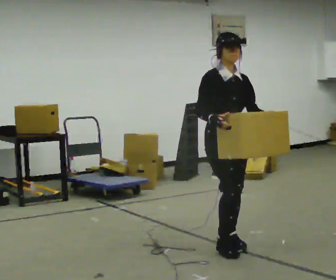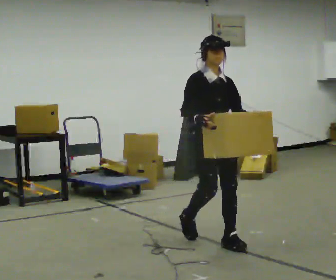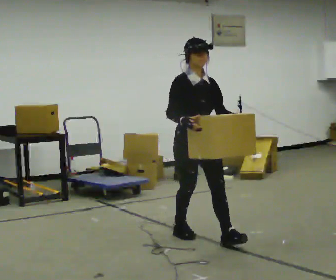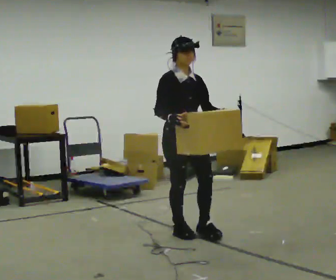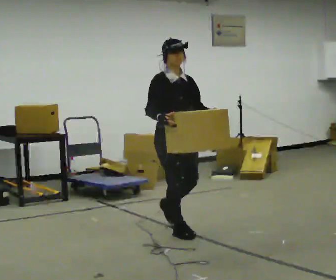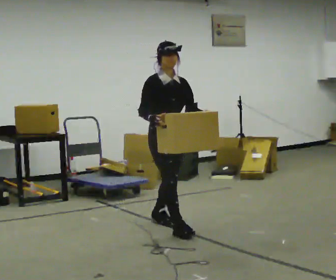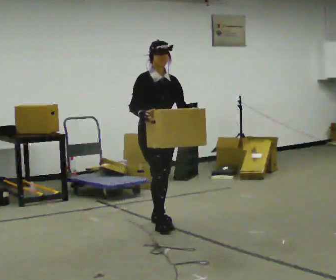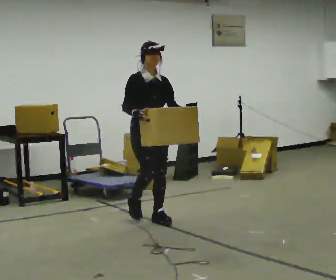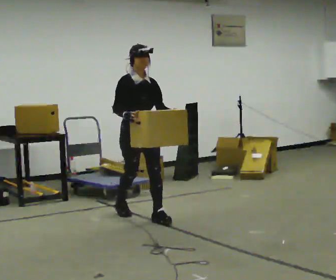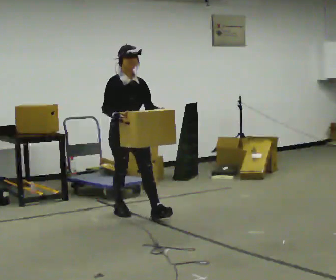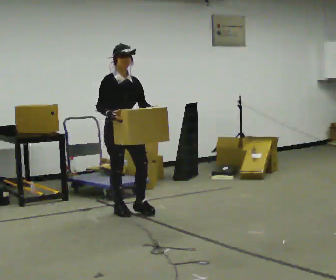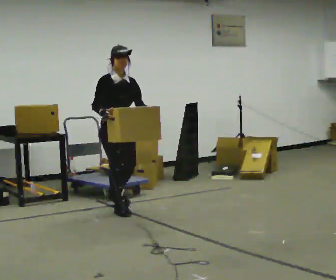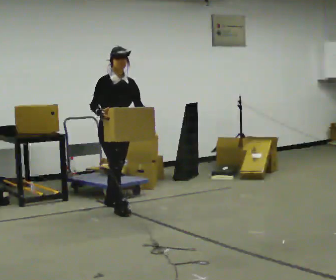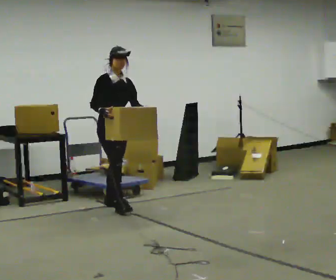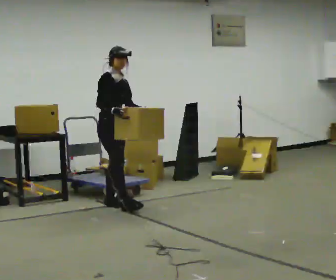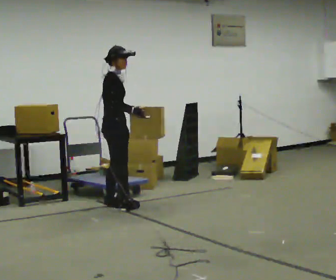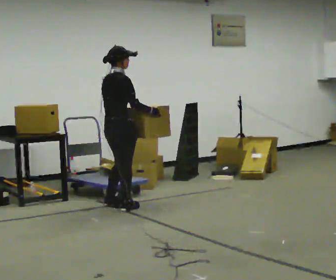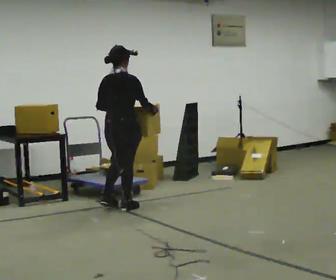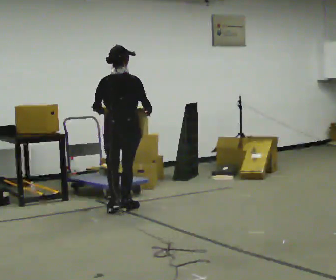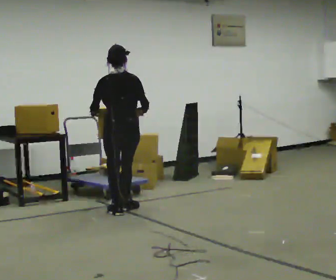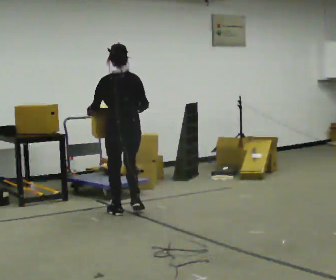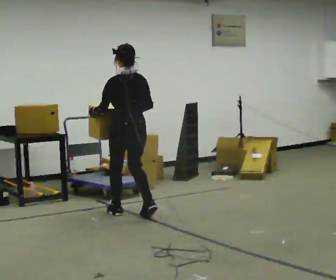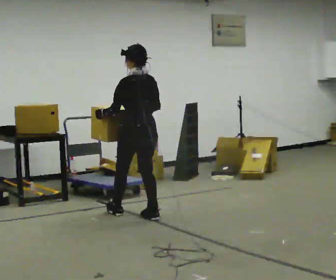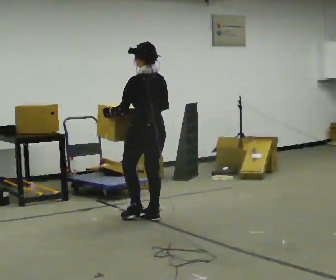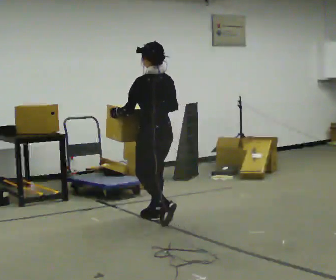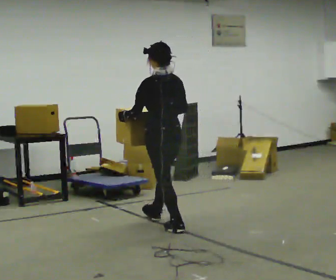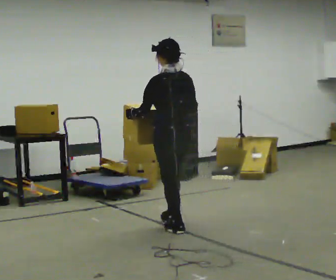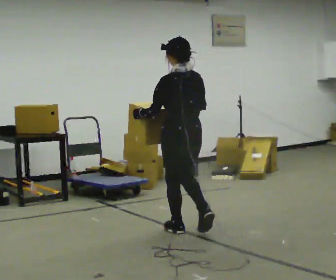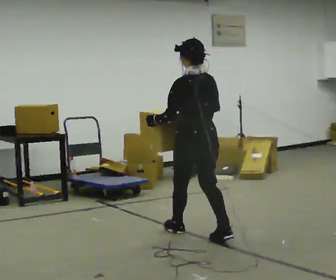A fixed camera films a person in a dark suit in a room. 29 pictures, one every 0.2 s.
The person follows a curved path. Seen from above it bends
clockwise.
0.0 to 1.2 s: In the picture they go away from the camera and to the left, about 1 m in 2 steps, which for them is backward.
1.2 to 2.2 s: In the picture they go away from the camera and to the left, about 0.75 m in 1 step, which for them is backward.
2.2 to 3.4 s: The person turns about 105 degrees to their left, counterclockwise seen from above, so the part of the body nearest the lens slides to the right. In the picture their right hand goes to the right.
3.4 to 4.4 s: The part of the body nearest the lens slides to the right as the person turns to their left by about 60 degrees. In the picture they go toward the camera and to the right, about 0.25 m in 1 step.
4.4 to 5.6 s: In the picture they go toward the camera and to the right, about 1 m in 2 steps, which for them is backward.
The film runs backward here.
